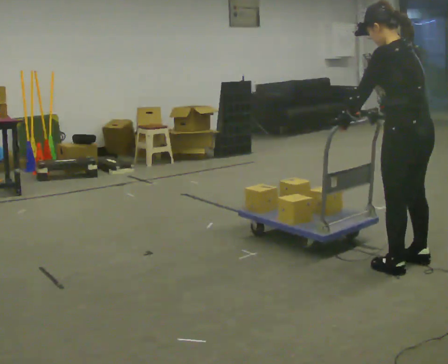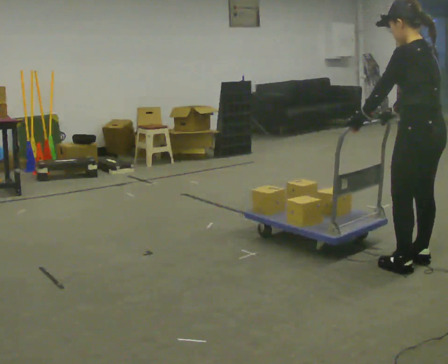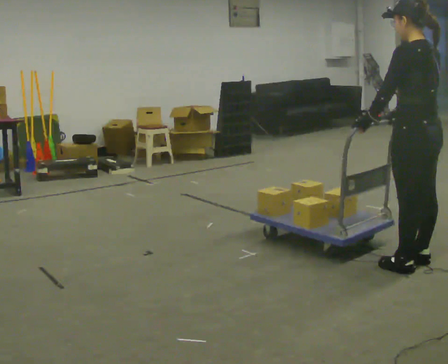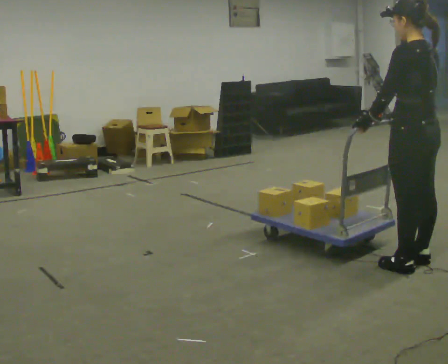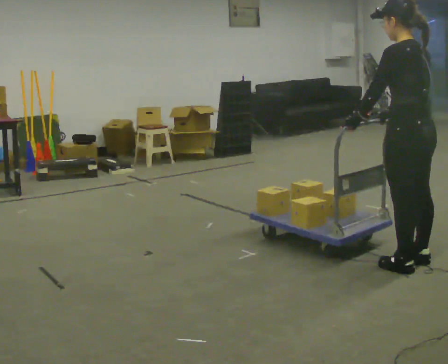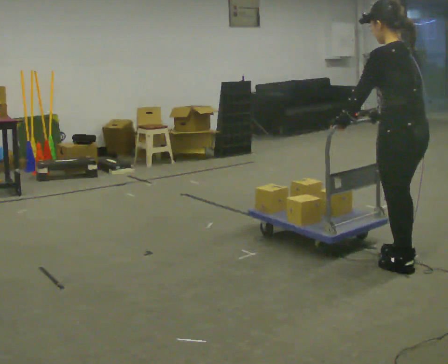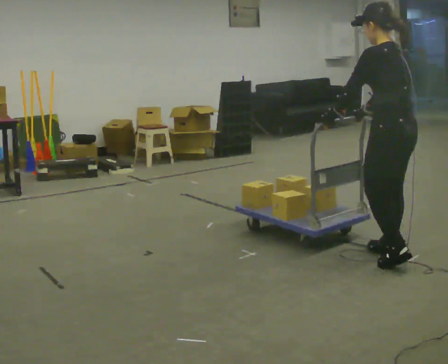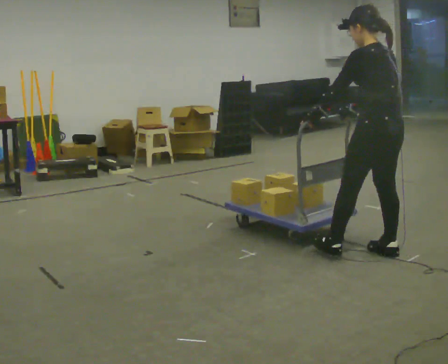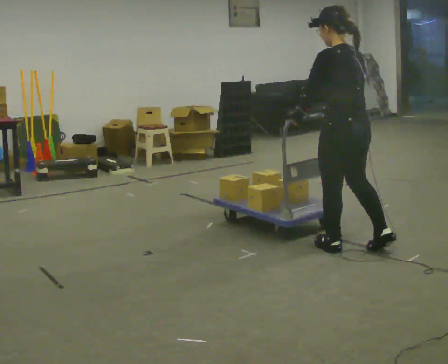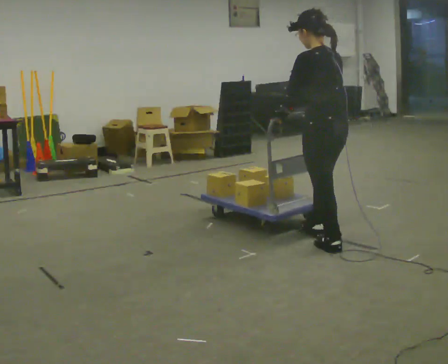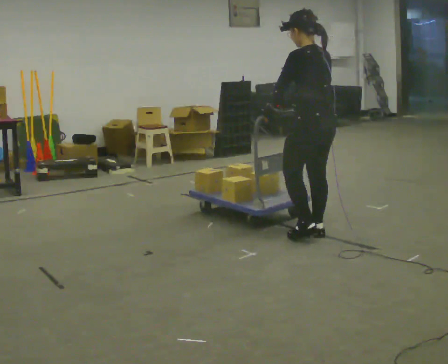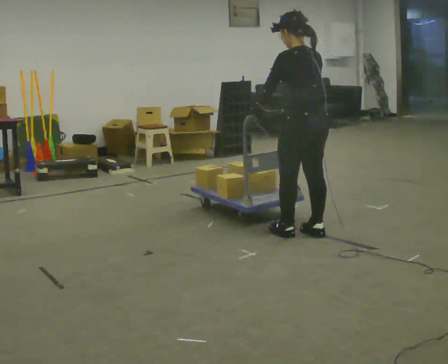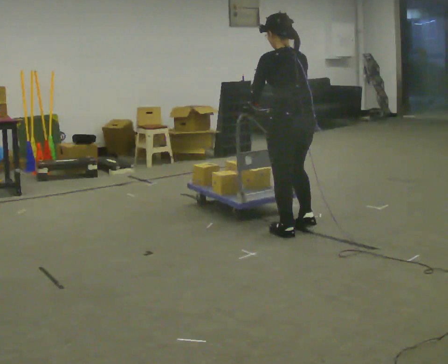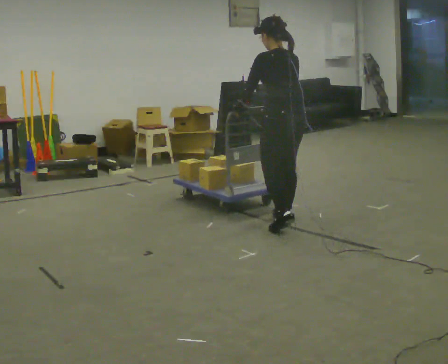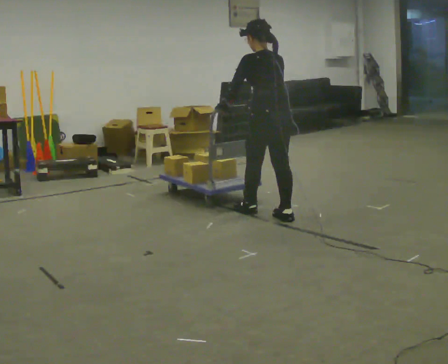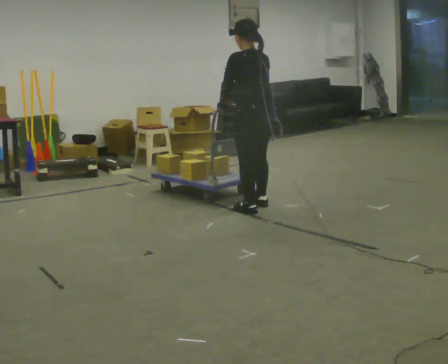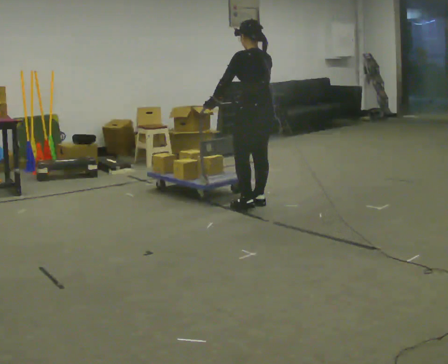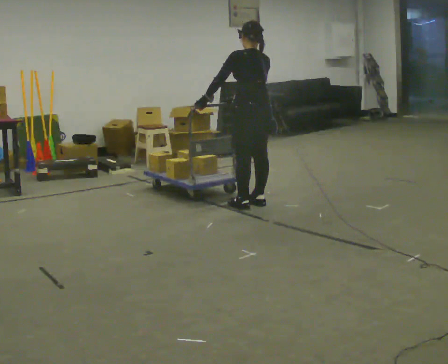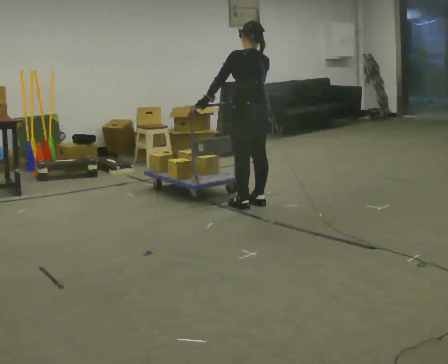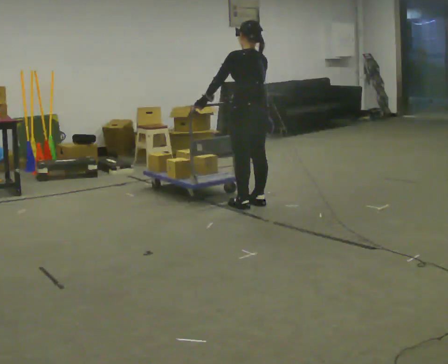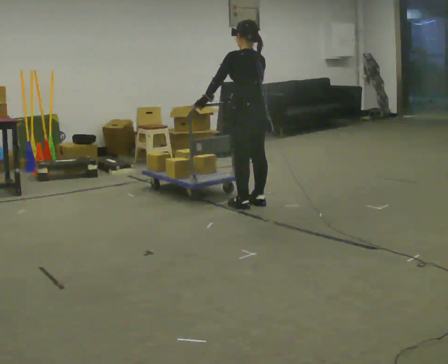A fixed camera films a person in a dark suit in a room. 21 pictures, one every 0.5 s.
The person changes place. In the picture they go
away from the camera.
0.0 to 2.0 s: The person moves a little, or ends about where they began.
2.0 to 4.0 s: In the picture they go away from the camera and to the left, about 0.5 m in 2 steps, which for them is forward.
4.0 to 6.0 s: In the picture they go away from the camera and to the left, about 0.5 m in 2 steps, which for them is forward.
6.0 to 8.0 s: In the picture they go away from the camera, about 1 m in 3 steps, which for them is forward.
8.0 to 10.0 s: The person moves a little, or ends about where they began.
The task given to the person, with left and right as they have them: Get the cart into the marked parking space and lined up with the tape. Take as many adjustments as you need. Then take it out again and repeat.
The film runs forward here.
